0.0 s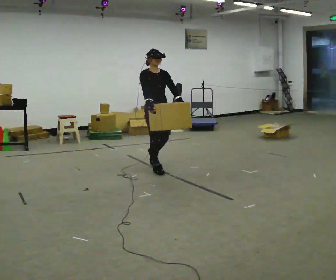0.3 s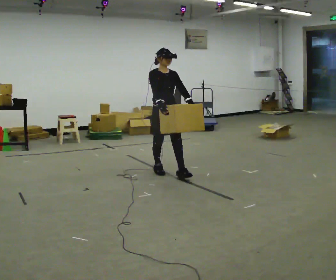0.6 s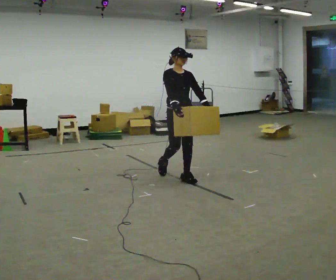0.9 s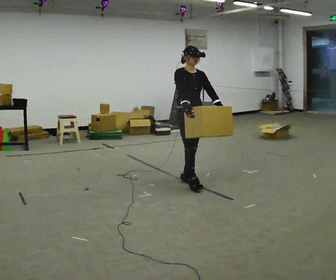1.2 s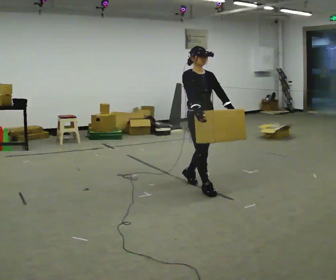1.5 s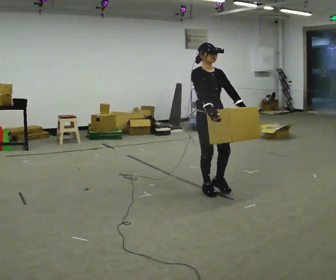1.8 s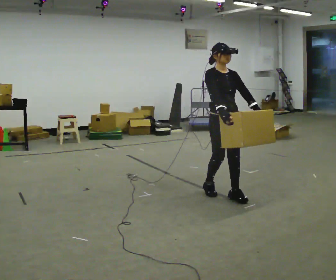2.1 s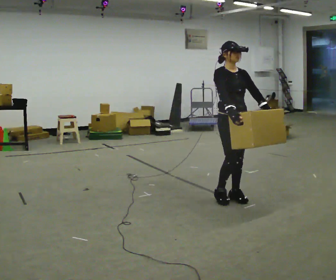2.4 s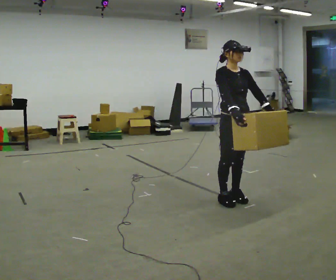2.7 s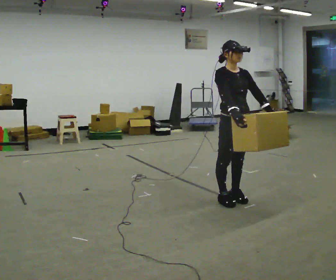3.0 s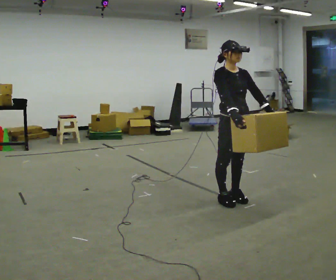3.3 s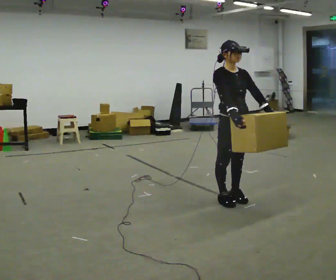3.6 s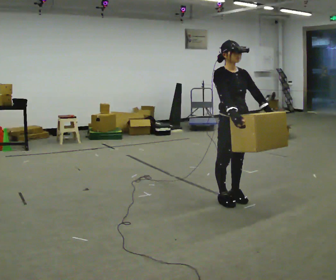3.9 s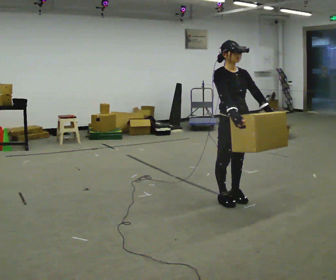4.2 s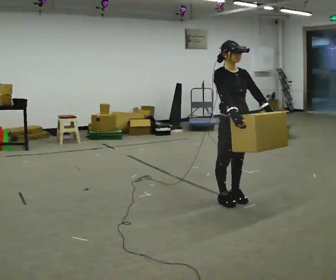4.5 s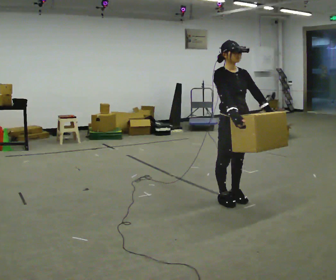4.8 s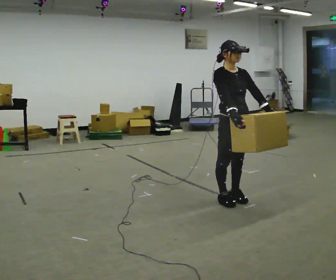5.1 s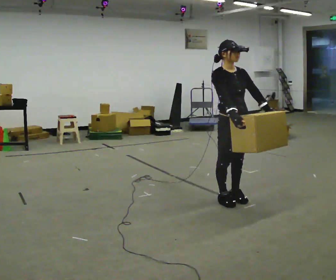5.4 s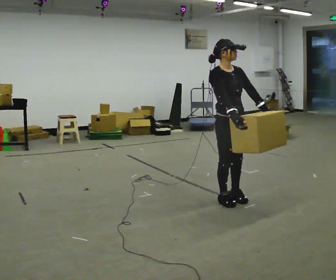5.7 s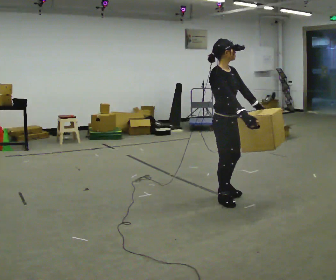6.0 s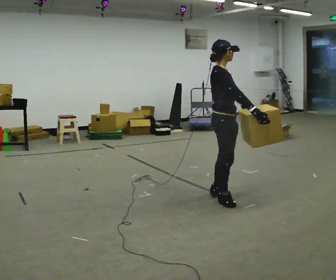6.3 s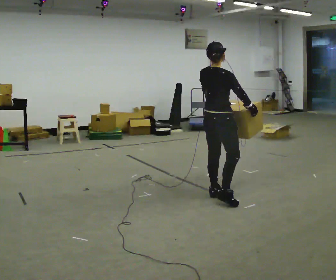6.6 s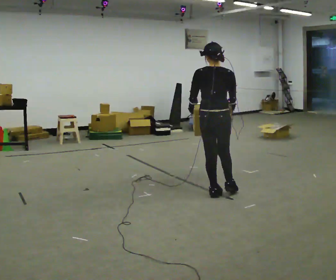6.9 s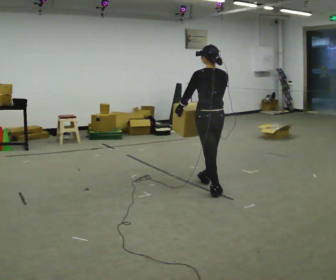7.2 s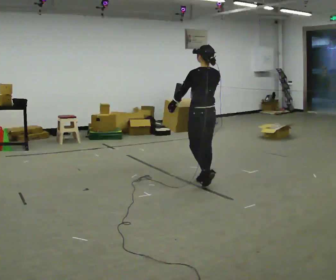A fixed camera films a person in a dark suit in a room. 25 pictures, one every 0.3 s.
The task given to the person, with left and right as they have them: Carry the heaviest box in both hands in front of you, walking back and forth across the room. Only carry what is comfortable. Set it down whenever you need to.
0.0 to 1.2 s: In the picture they go to the right and toward the camera, about 1 m in 2 steps, which for them is forward.
1.2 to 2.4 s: In the picture they go to the right and toward the camera, about 0.5 m in 2 steps, which for them is forward.
2.4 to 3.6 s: The person moves a little, or ends about where they began.
3.6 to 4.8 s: The person keeps their place and pose.
4.8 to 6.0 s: The part of the body nearest the lens slides to the right as the person turns to their left by about 60 degrees.
6.0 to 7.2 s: The part of the body nearest the lens slides to the right as the person turns to their left by about 120 degrees. In the picture they go away from the camera and to the left, about 0.5 m in 1 step.
The film runs forward here.
